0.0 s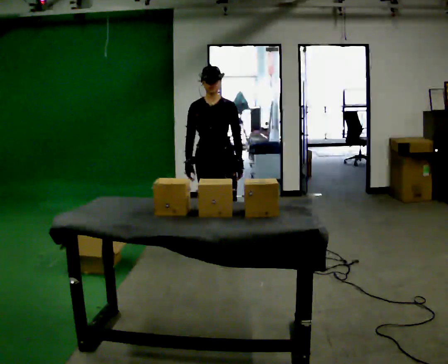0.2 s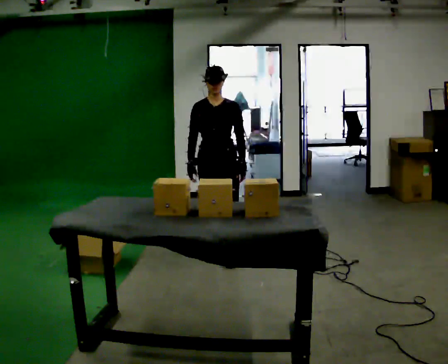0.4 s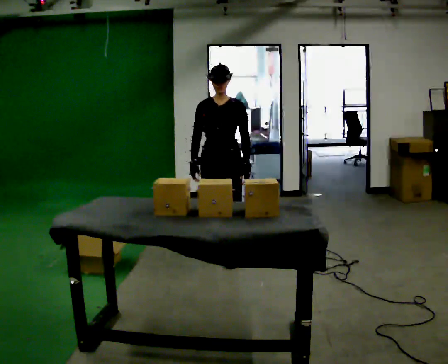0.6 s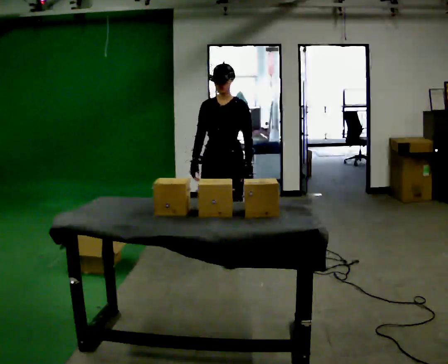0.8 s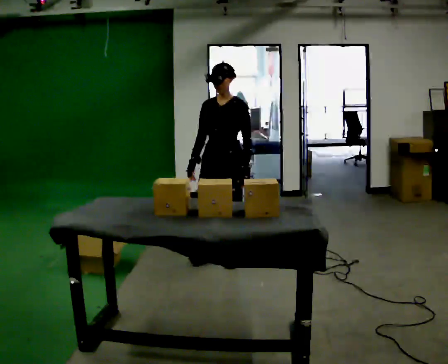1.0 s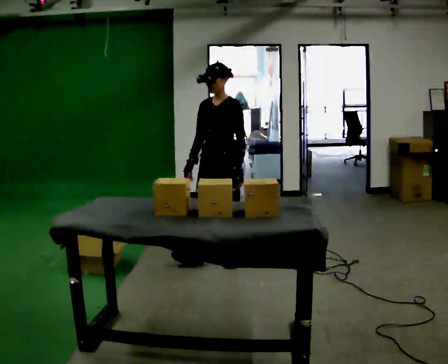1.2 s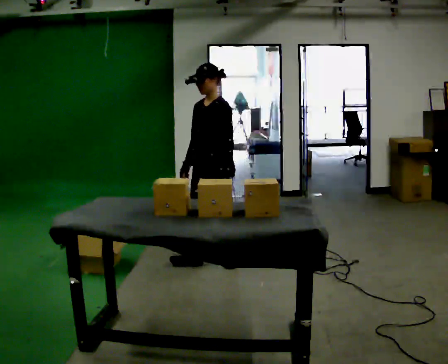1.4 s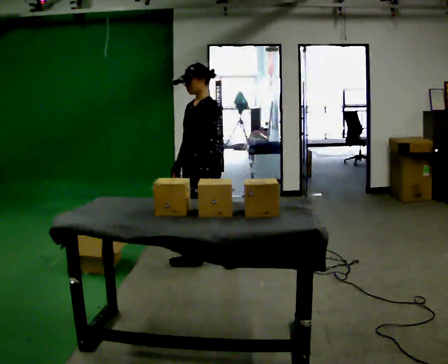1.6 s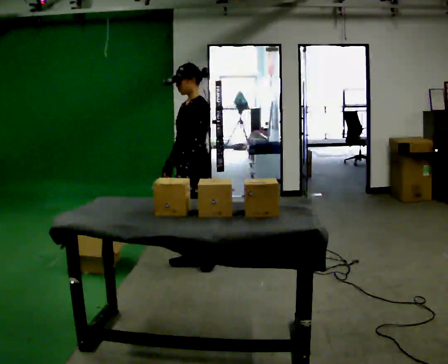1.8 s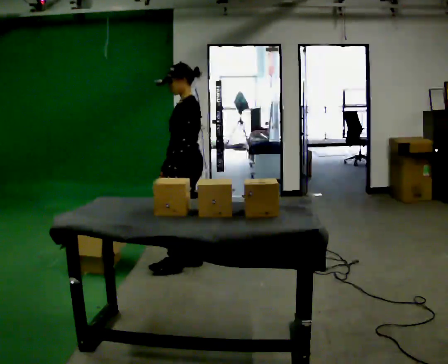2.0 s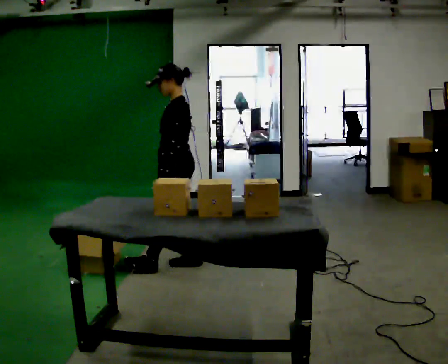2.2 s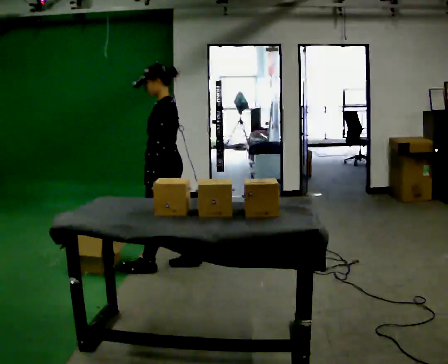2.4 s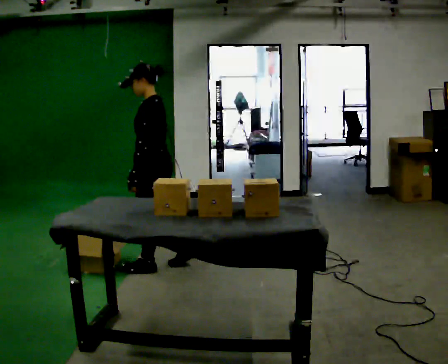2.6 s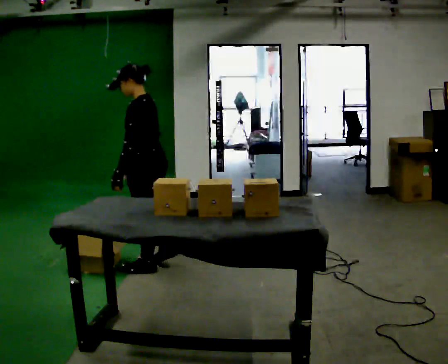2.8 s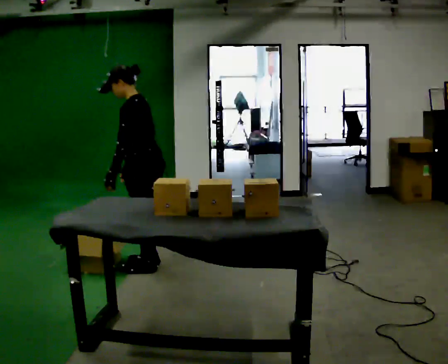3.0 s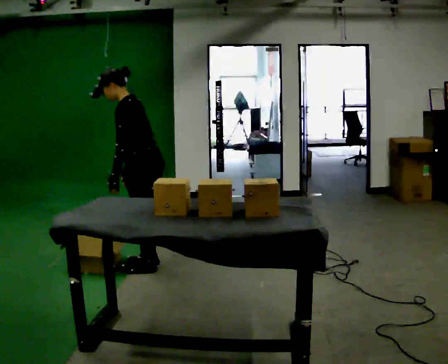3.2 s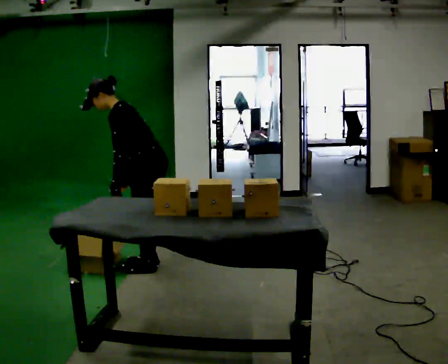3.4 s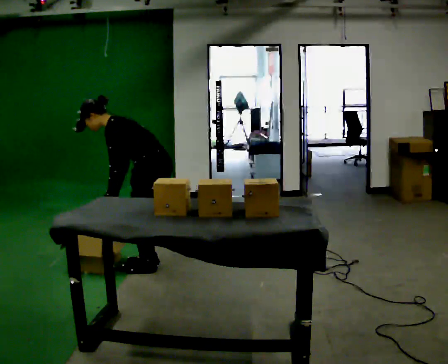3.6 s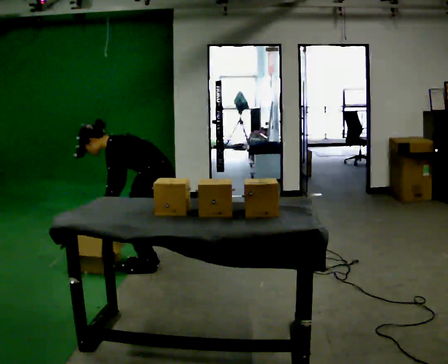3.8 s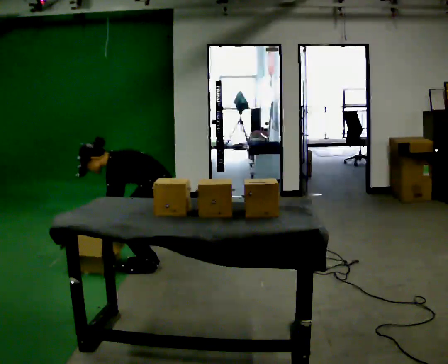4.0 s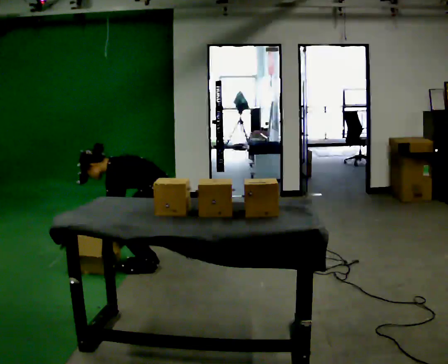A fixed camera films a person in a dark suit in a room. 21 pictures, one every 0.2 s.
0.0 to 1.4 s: Seen from above the body turns clockwise, about 45 degrees: to their right, with its near side sliding to the left. In the picture they go toward the camera, about 0.25 m in 2 steps, which for them is forward.
1.4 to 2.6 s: The part of the body nearest the lens slides to the left as the person turns to their right by about 45 degrees. In the picture they go to the left, about 0.5 m in 1 step, which for them is forward.
2.6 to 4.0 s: The shoulders move downward. In the picture the upper body tilts counterclockwise, shoulders to the left, as they bend forward. In the picture their left hand goes downward.
The film runs forward here.
